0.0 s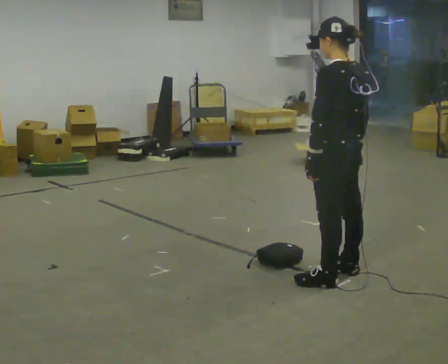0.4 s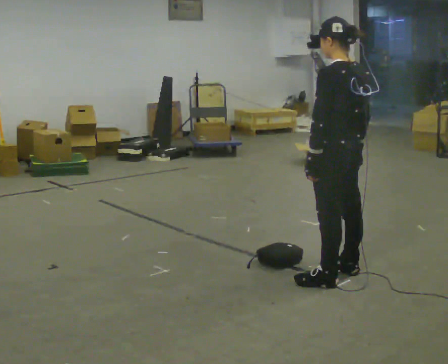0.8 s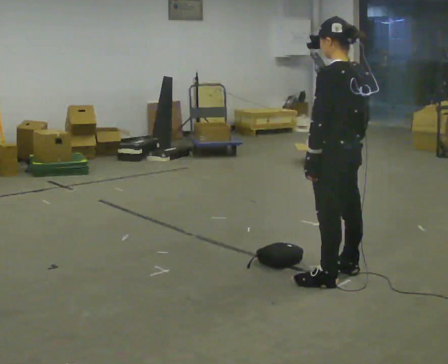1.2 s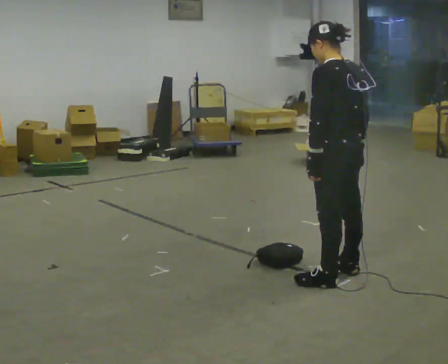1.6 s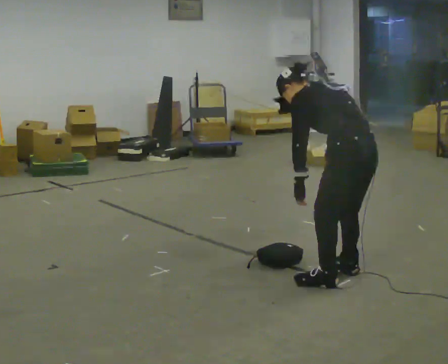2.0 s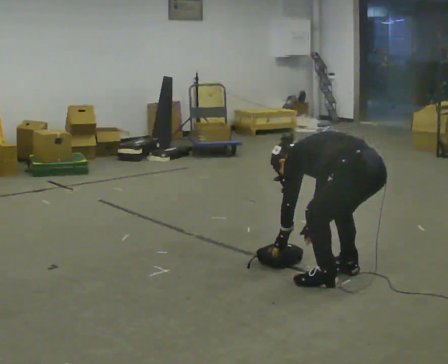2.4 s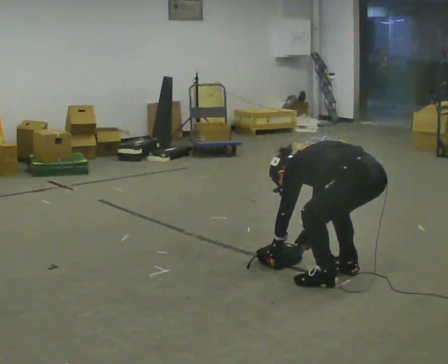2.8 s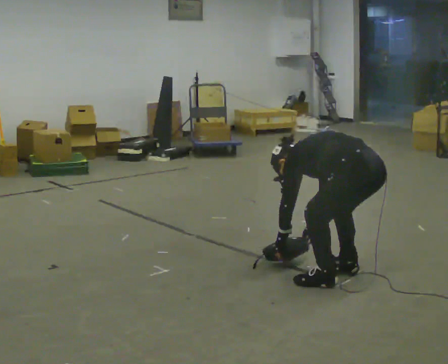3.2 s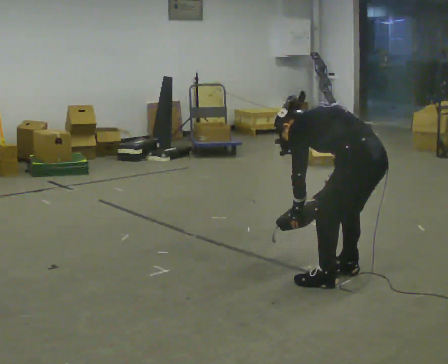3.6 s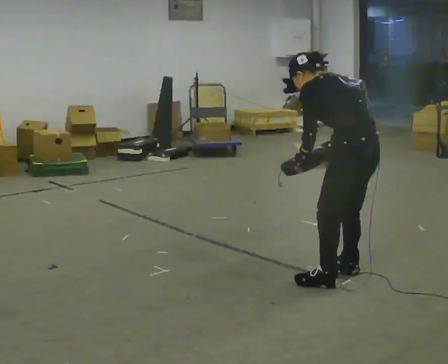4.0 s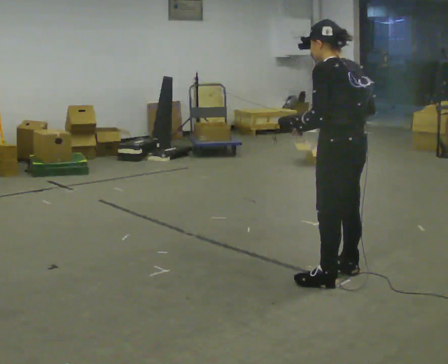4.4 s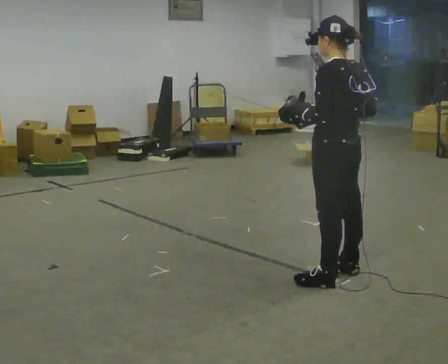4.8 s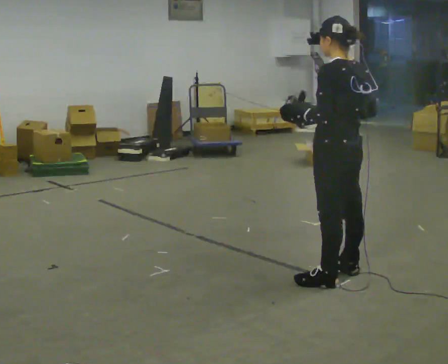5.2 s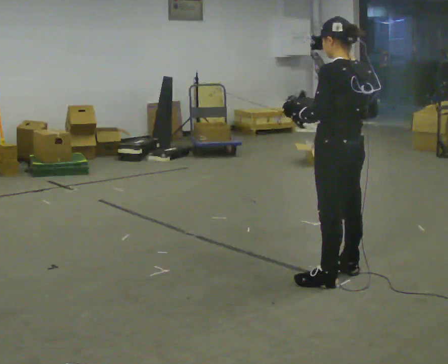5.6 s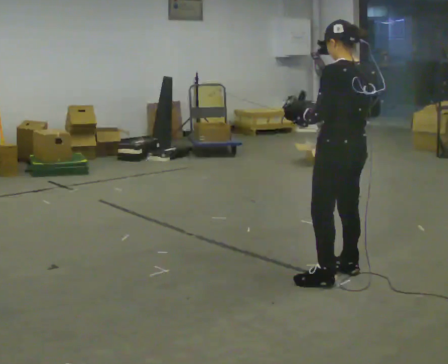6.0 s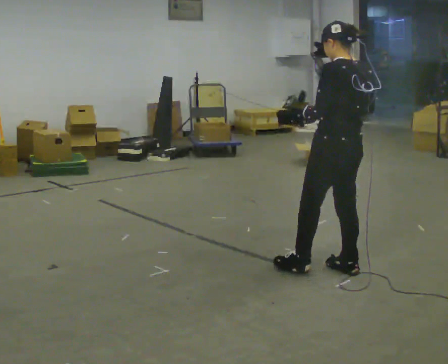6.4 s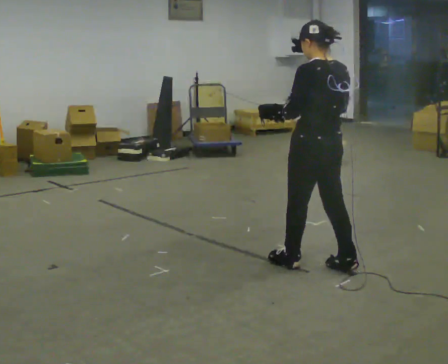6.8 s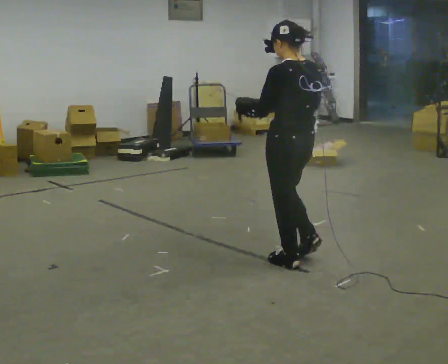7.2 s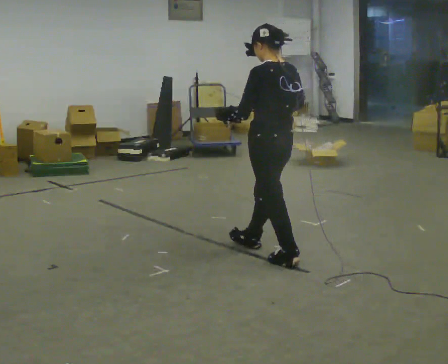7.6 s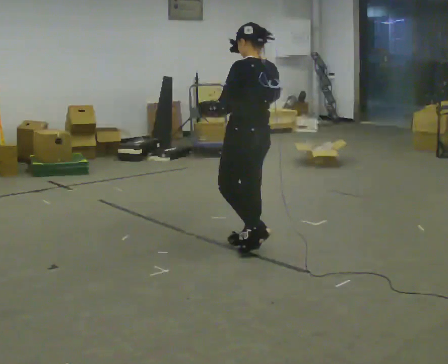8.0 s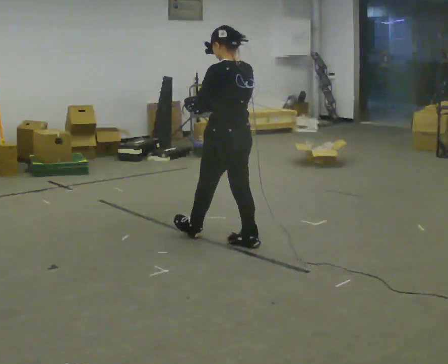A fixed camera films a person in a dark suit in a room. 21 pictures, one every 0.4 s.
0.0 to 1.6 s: The upper body goes downward. The upper body tips away from the camera, its near side rolling upward, as they bend forward.
1.6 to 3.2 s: The person moves a little, or ends about where they began.
3.2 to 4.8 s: The shoulders move upward. The upper body tips toward the camera, its near side rolling downward, as they lean back or straighten. In the picture their right hand goes upward.
4.8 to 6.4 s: In the picture they go away from the camera, about 0.25 m in 1 step, which for them is forward.
6.4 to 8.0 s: In the picture they go to the left and away from the camera, about 0.5 m in 1 step, which for them is forward.
The film runs forward here.
